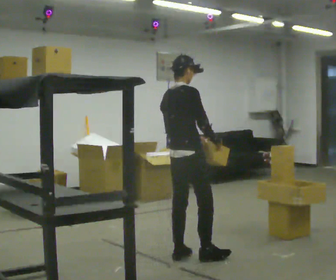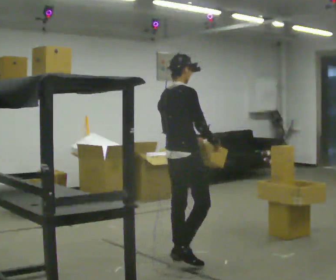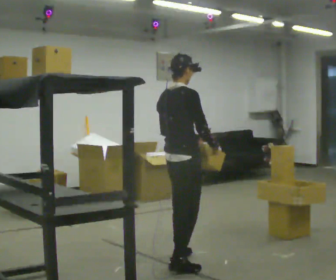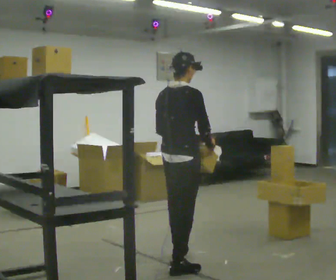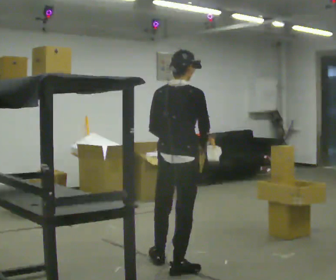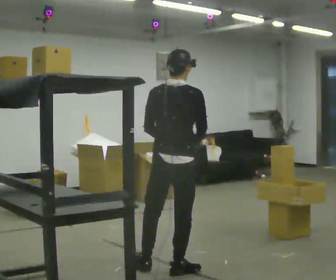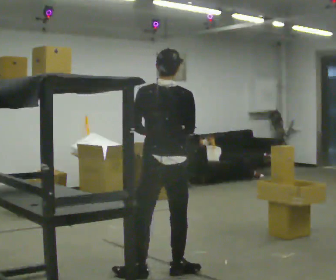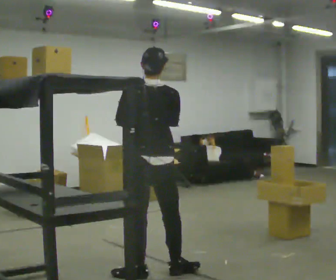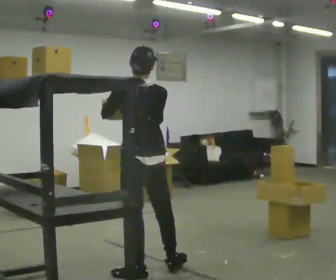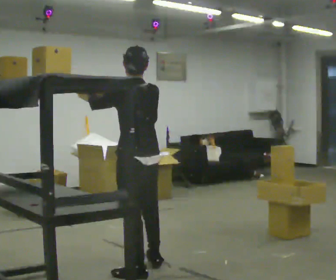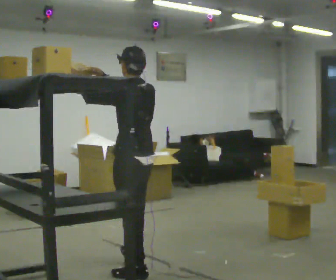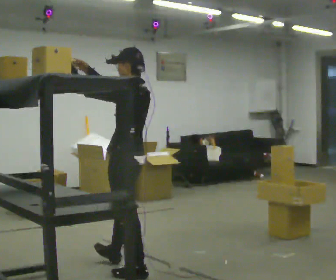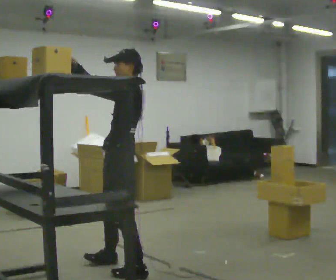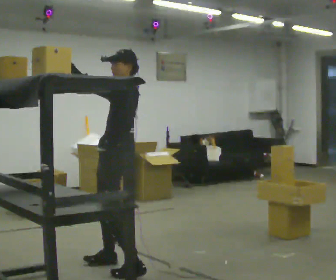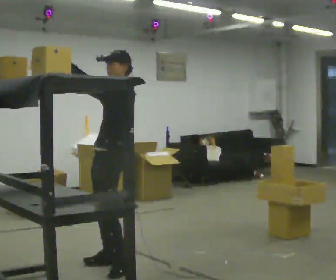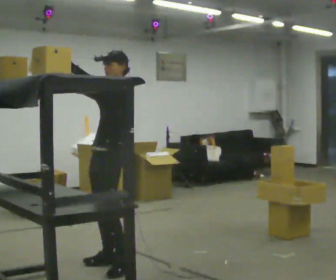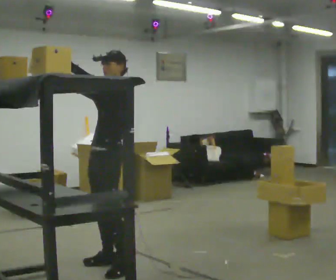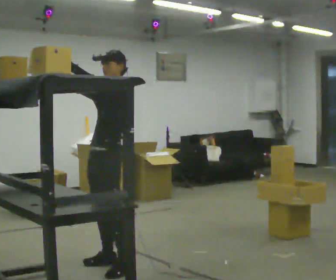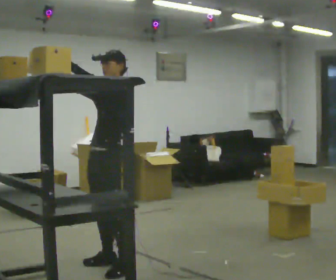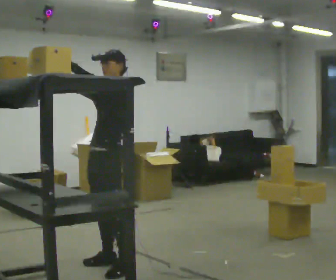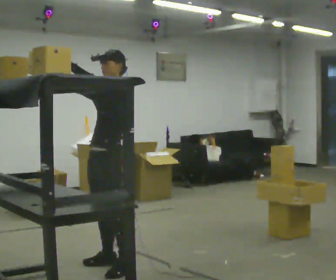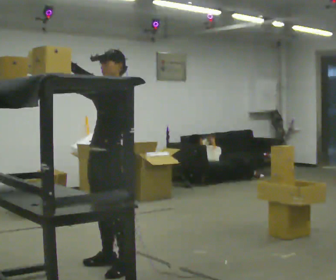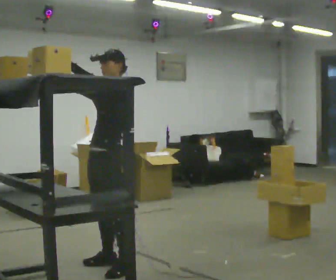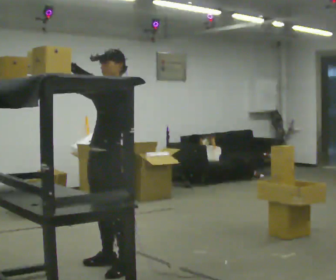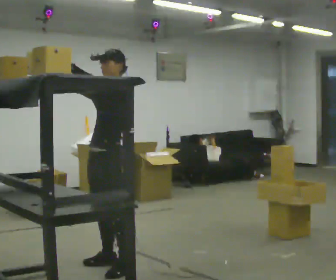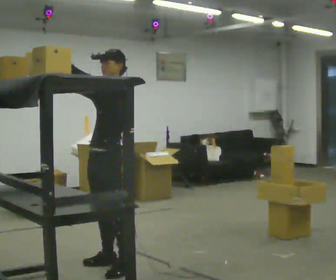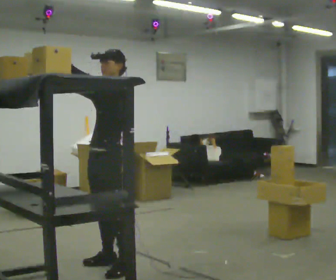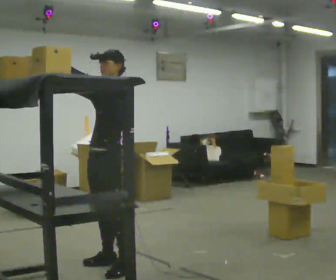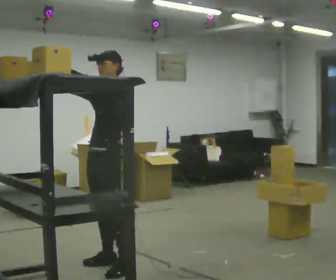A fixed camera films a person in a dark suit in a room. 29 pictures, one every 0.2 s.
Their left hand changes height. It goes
upward.
The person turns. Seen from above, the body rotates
counterclockwise.
0.0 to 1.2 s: The person turns about 60 degrees to their left, counterclockwise seen from above, so the part of the body nearest the lens slides to the right. In the picture they go toward the camera and to the left, about 0.5 m in 1 step, which for them is backward.
1.2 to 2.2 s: Seen from above the body turns counterclockwise, about 60 degrees: to their left, with its near side sliding to the right. In the picture they go to the left, about 0.25 m in 1 step. In the picture their right hand goes upward.
2.2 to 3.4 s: The part of the body nearest the lens slides to the right as the person turns to their left by about 60 degrees. In the picture they go away from the camera, about 0.25 m in 1 step, which for them is to their right.
3.4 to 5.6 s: The person moves a little, or ends about where they began.
The film runs backward here.
